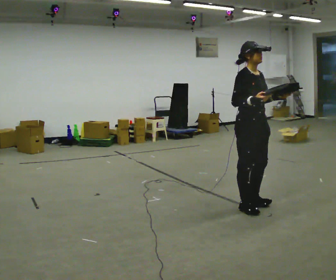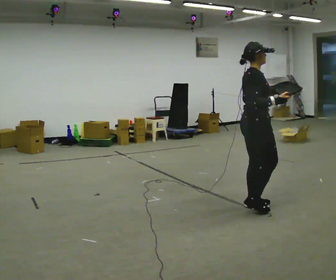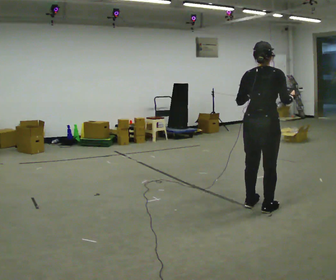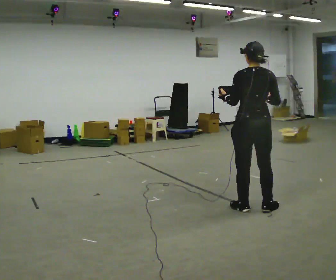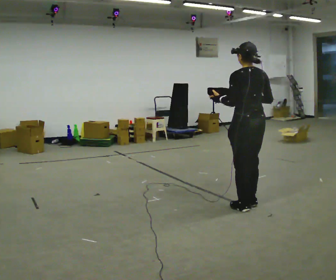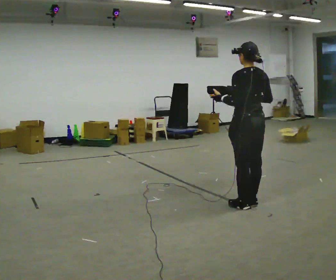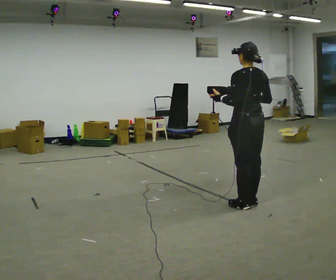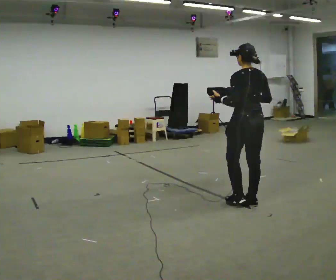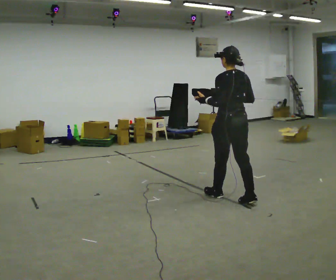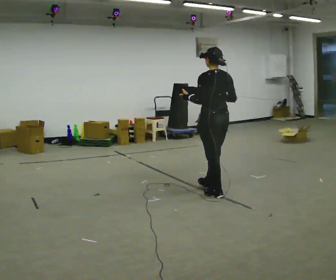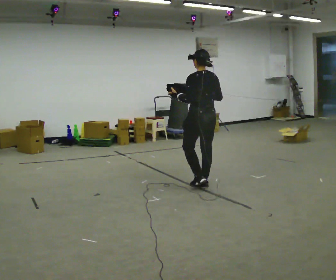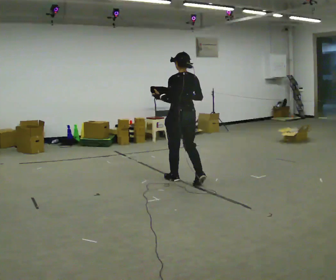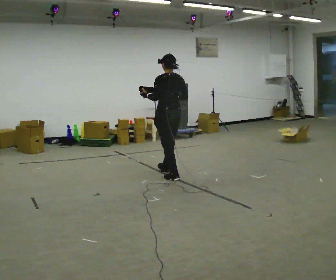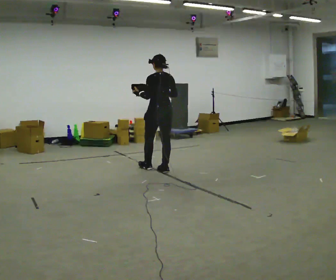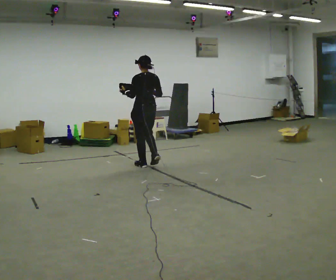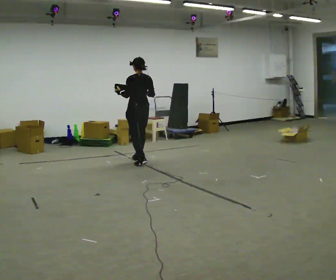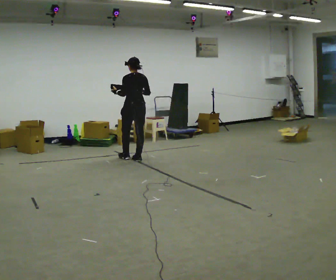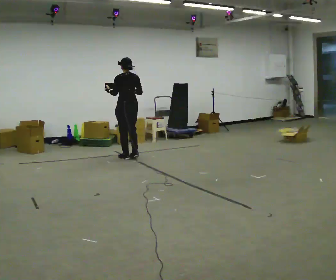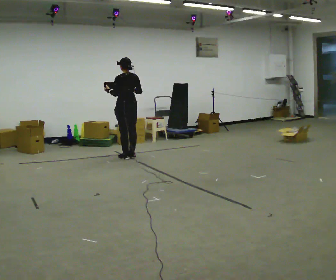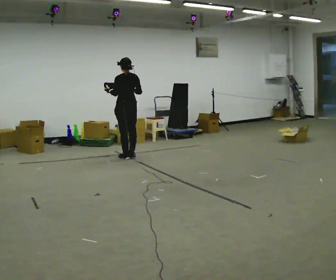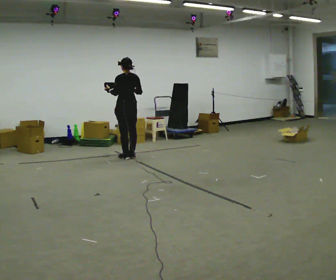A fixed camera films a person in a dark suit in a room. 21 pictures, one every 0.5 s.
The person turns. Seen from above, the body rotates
counterclockwise.
The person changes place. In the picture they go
away from the camera.
0.0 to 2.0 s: Seen from above the body turns counterclockwise, about 150 degrees: to their left, with its near side sliding to the right. In the picture their left hand goes to the left.
2.0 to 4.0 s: In the picture they go away from the camera, about 0.25 m in 1 step, which for them is forward.
4.0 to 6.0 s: In the picture they go away from the camera and to the left, about 1 m in 3 steps, which for them is forward.
6.0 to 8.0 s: In the picture they go away from the camera and to the left, about 1 m in 2 steps, which for them is forward.
8.0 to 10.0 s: In the picture they go away from the camera and to the left, about 0.25 m in 2 steps, which for them is forward.
The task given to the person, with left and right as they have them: Carry the object across the room. The lid hangs loose and will swing, so carry it however works. Keep going until the operator says stop; one object at a time, and do not rush between trips.
The film runs forward here.
